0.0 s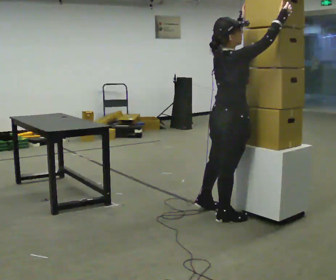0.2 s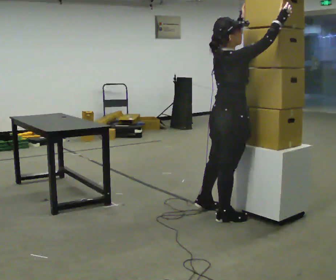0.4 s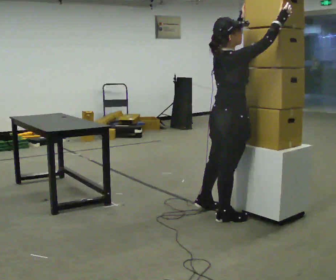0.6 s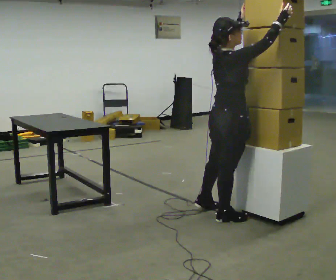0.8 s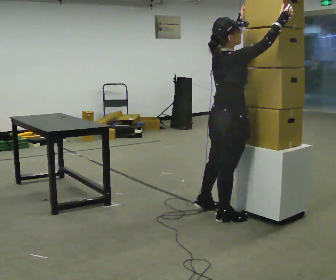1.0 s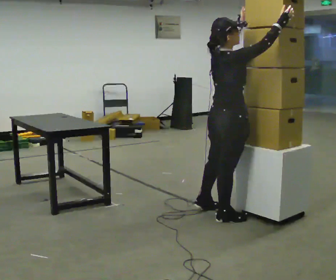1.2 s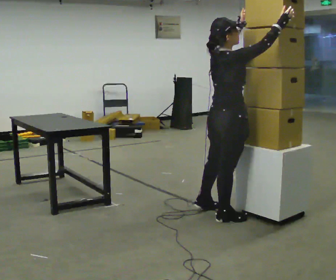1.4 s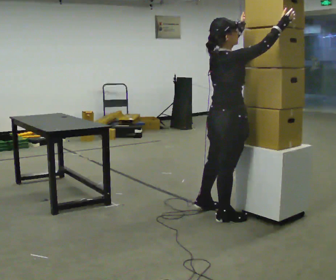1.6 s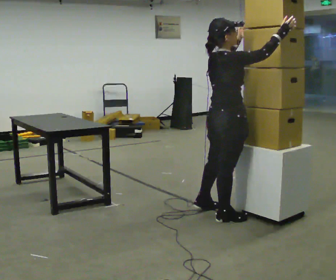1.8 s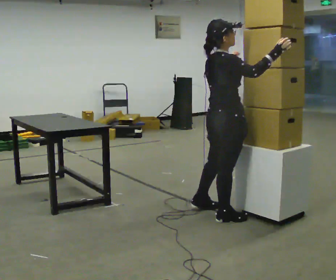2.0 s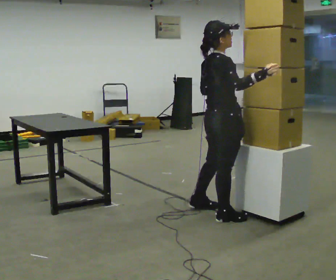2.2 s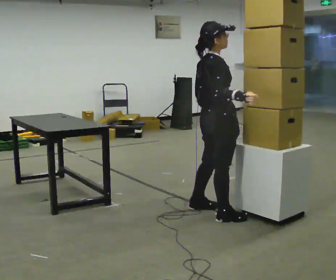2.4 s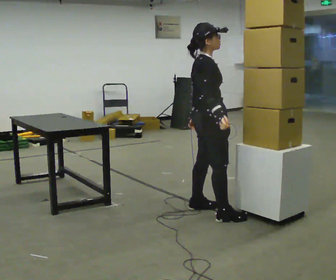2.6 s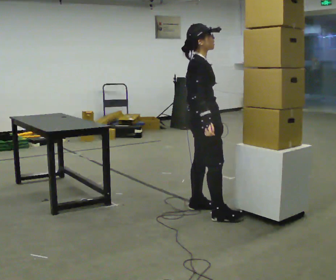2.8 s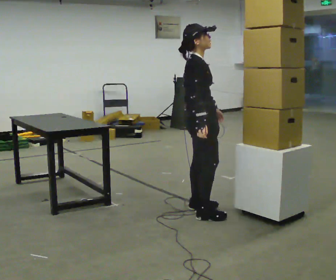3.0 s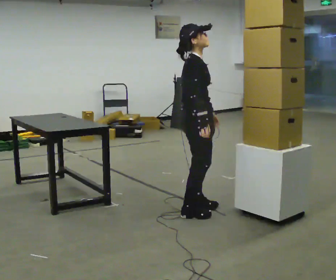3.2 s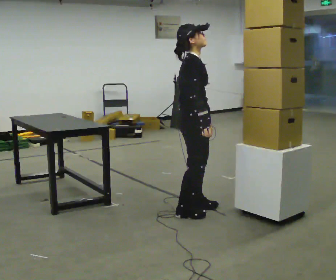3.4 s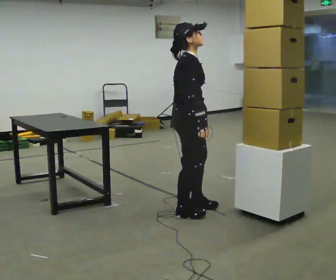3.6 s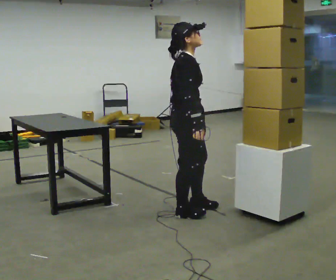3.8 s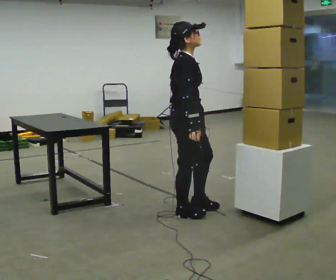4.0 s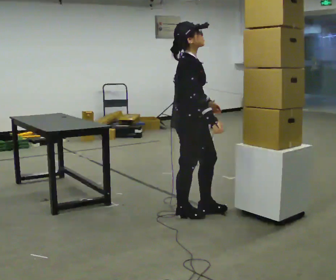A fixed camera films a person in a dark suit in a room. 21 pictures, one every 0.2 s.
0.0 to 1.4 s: The person moves a little, or ends about where they began.
1.4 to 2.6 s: The person turns about 30 degrees to their right, clockwise seen from above, so the part of the body nearest the lens slides to the left. In the picture they go to the left and away from the camera, about 0.25 m, which for them is to their left. In the picture their right hand goes downward, the arm swinging clockwise.
2.6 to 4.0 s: In the picture they go toward the camera, about 0.25 m in 1 step, which for them is to their right.
The film runs forward here.
